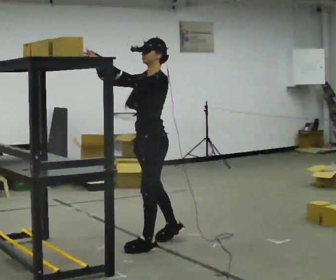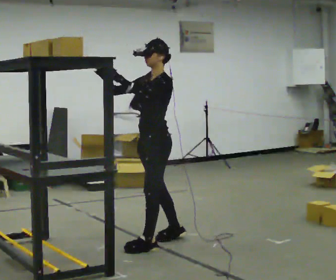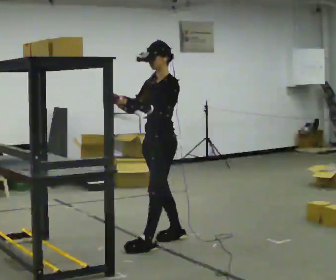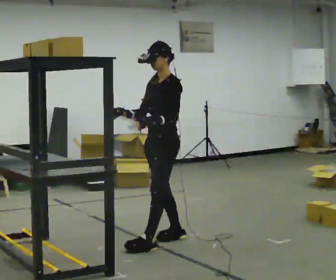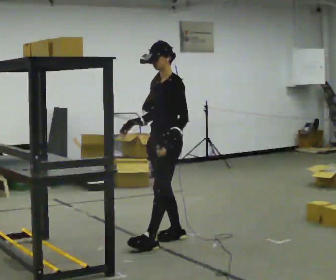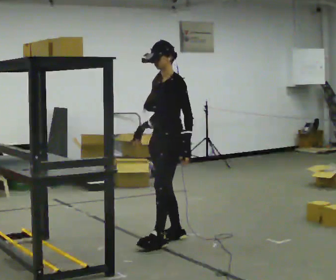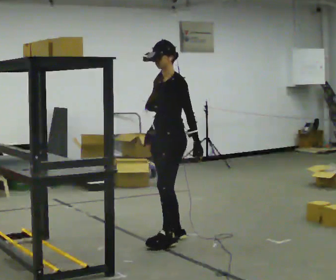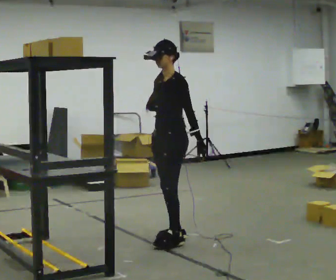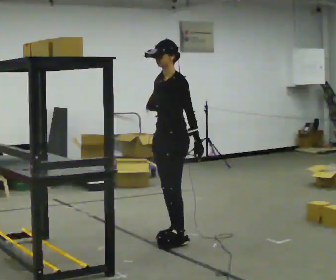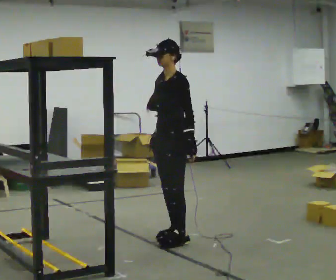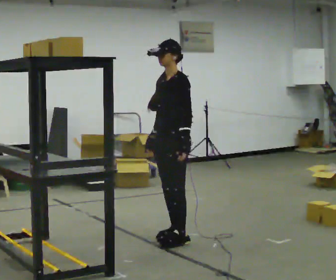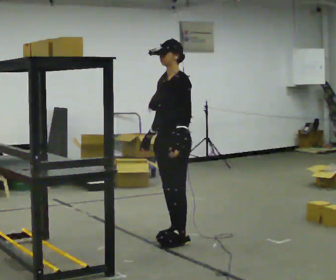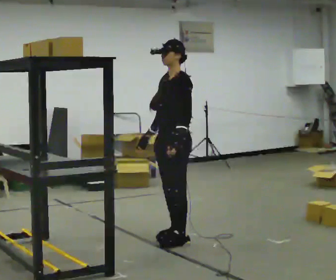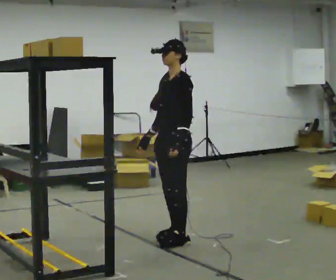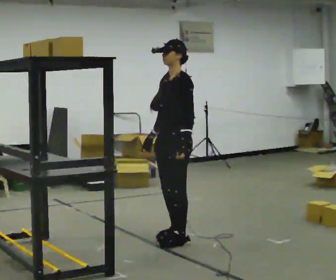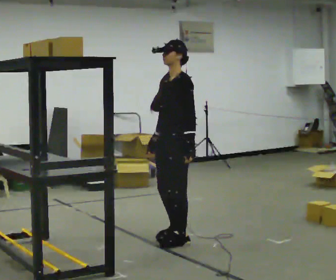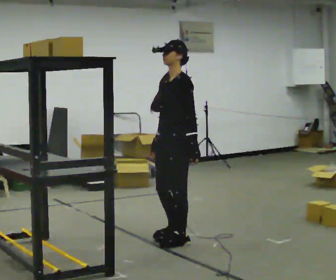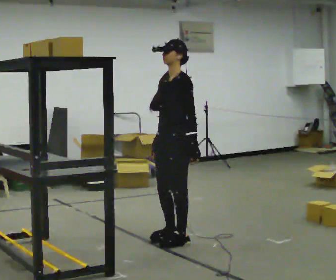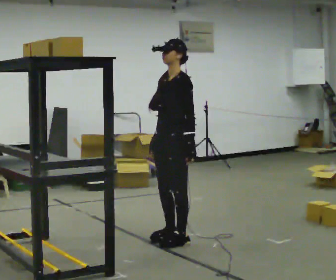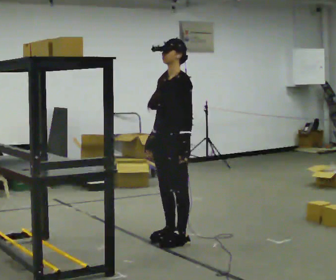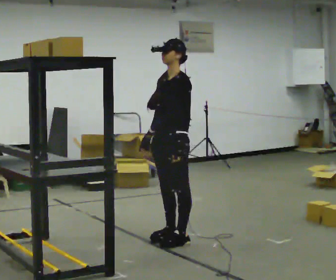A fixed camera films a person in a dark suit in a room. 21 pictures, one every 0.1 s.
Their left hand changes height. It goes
downward.
Their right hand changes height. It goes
downward.
0.0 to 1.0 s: In the picture they go away from the camera and to the right, about 0.25 m in 1 step, which for them is backward. In the picture their right hand goes downward and to the right, the arm swinging counterclockwise.
1.0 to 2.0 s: The person moves a little, or ends about where they began.
The film runs forward here.
